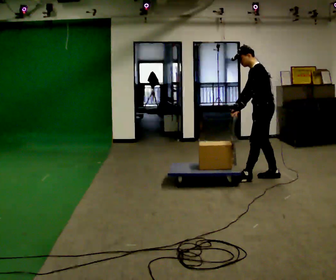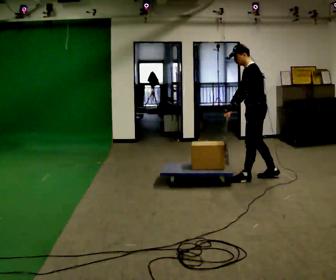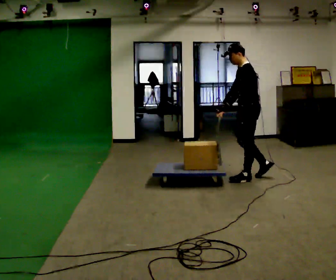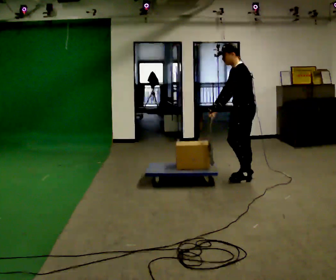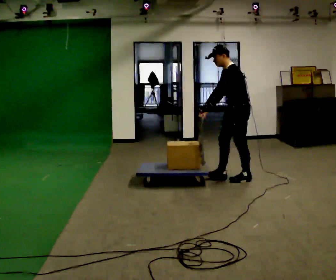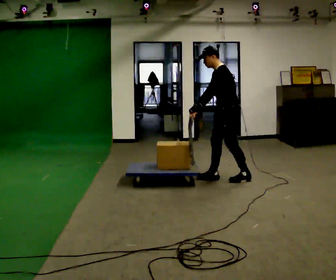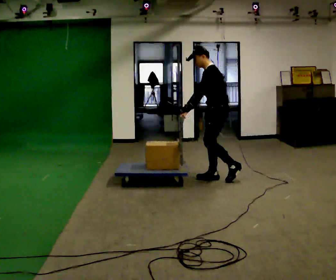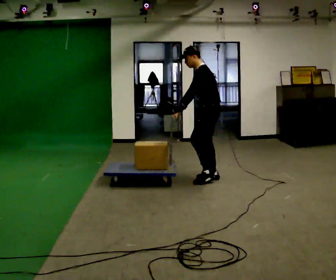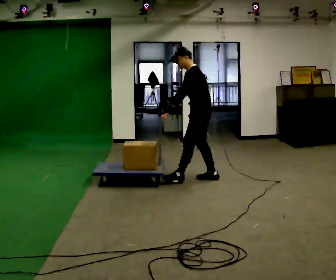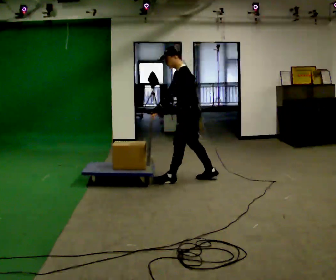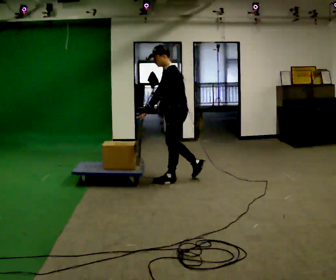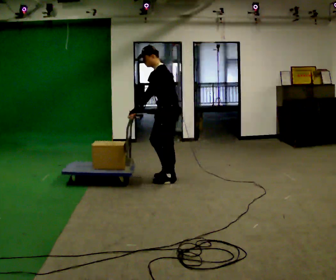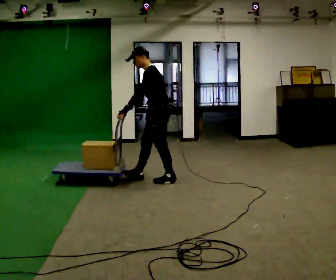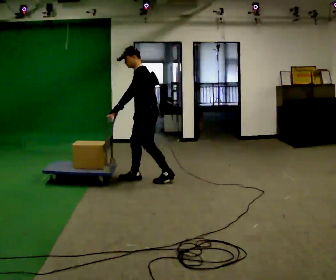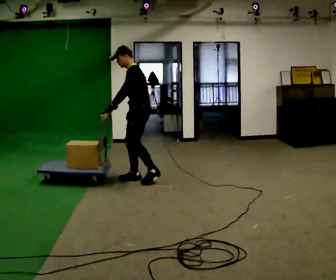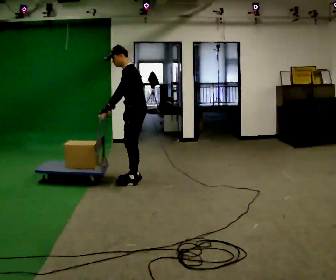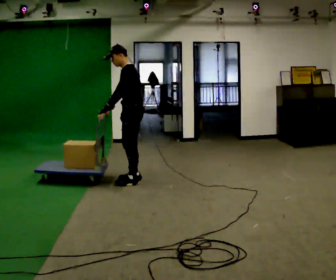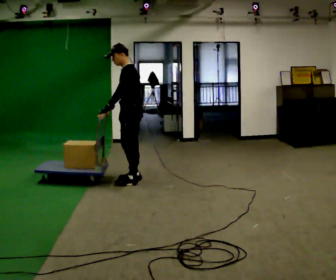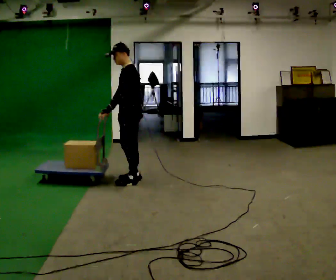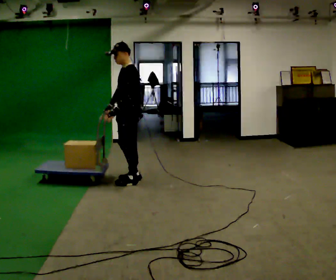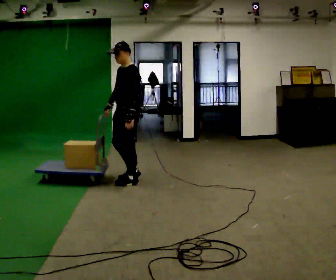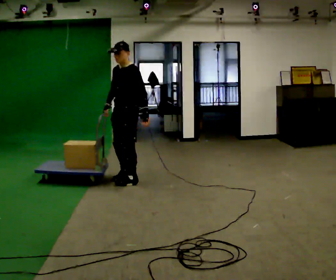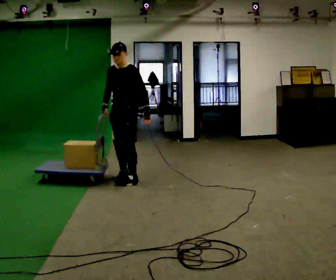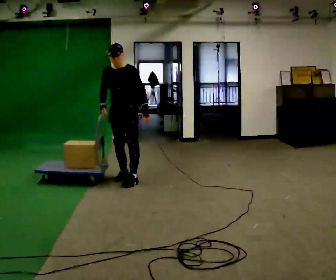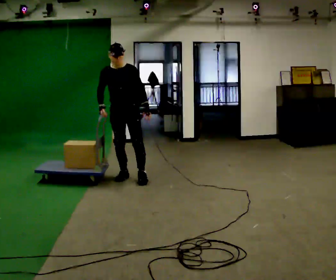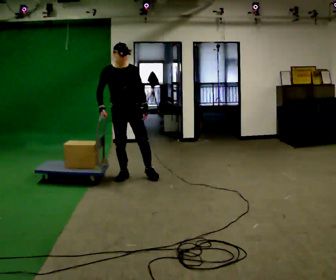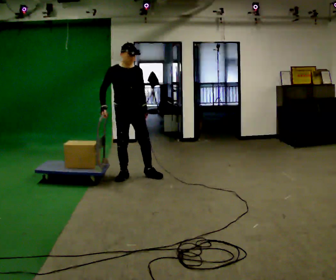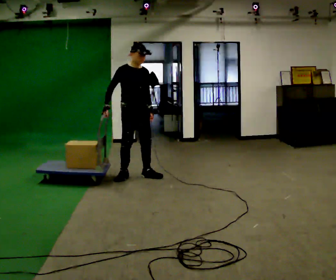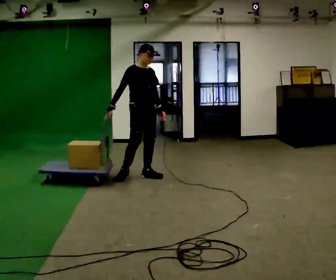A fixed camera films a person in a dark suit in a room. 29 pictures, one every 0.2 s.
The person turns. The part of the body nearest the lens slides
to the right.
The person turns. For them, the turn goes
to their left.
0.0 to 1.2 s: In the picture they go to the left, about 0.5 m in 1 step, which for them is forward.
1.2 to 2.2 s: In the picture they go to the left, about 0.5 m in 1 step, which for them is forward.
2.2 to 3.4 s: In the picture they go to the left, about 0.5 m in 2 steps, which for them is forward.
3.4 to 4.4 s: The part of the body nearest the lens slides to the right as the person turns to their left by about 45 degrees. In the picture their left hand goes to the right, the arm swinging counterclockwise.
4.4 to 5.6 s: The person turns about 75 degrees to their left, counterclockwise seen from above, so the part of the body nearest the lens slides to the right. In the picture they go to the right, about 0.25 m in 1 step.
The film runs forward here.
